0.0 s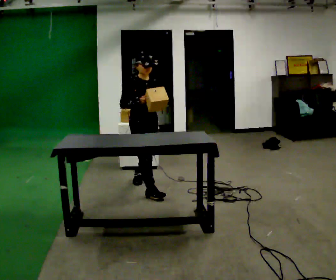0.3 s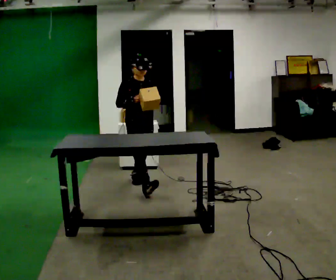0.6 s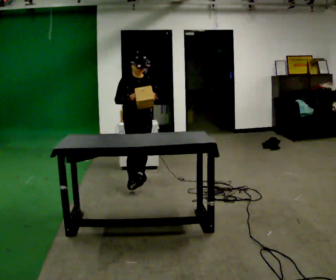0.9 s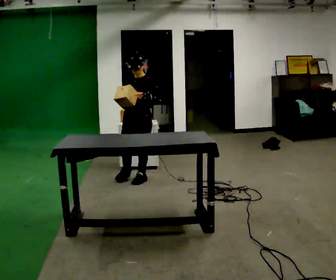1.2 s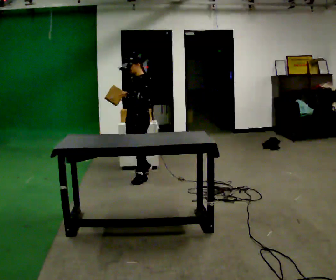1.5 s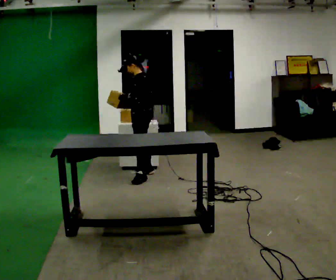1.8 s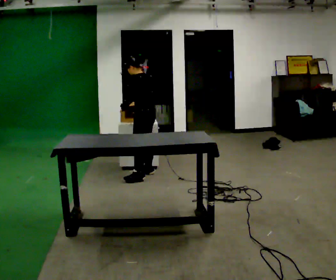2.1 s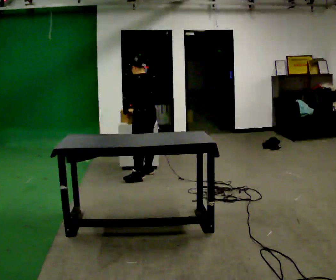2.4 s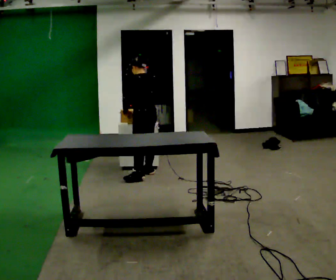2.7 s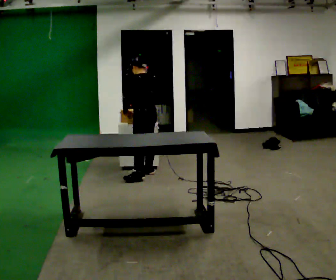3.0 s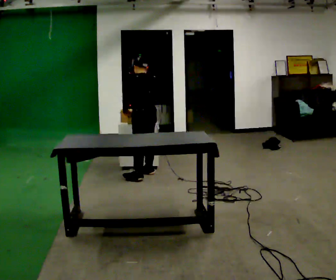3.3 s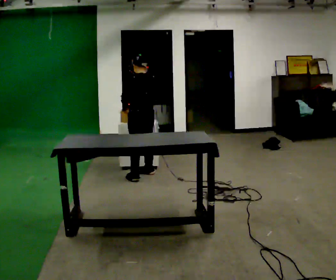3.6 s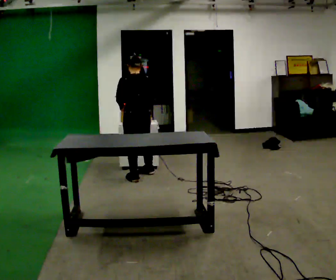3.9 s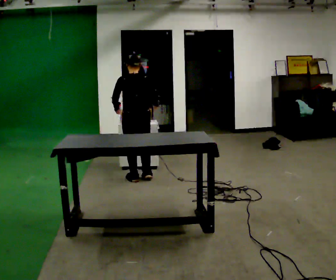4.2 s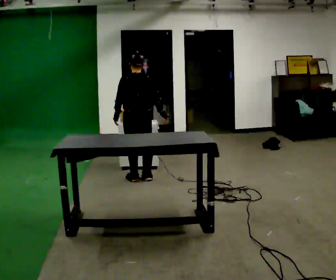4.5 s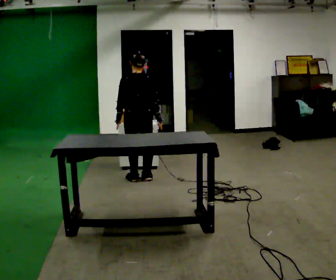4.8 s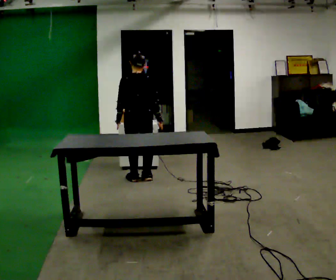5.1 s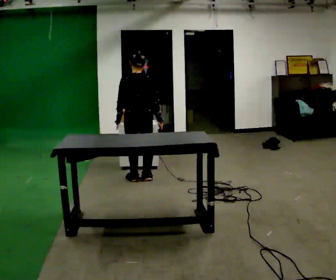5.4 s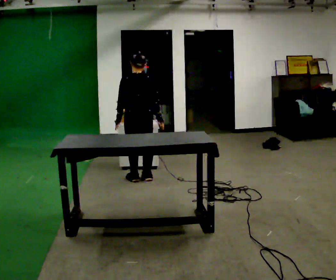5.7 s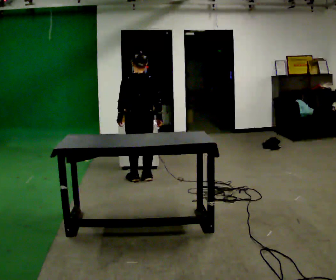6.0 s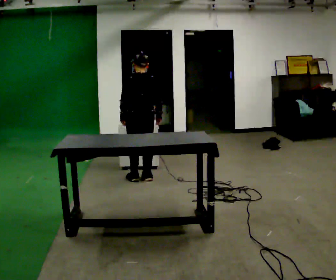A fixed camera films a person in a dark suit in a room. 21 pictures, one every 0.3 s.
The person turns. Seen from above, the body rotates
clockwise.
The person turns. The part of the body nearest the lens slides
to the left.
0.0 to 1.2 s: Seen from above the body turns clockwise, about 105 degrees: to their right, with its near side sliding to the left. In the picture they go away from the camera, about 0.5 m in 1 step.
1.2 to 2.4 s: The part of the body nearest the lens slides to the left as the person turns to their right by about 75 degrees. In the picture they go away from the camera, about 0.25 m.
2.4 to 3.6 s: The part of the body nearest the lens slides to the left as the person turns to their right by about 30 degrees. In the picture they go toward the camera, about 0.25 m, which for them is to their left.
3.6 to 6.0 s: The person moves a little, or ends about where they began.
The film runs backward here.
